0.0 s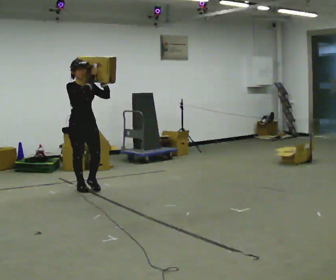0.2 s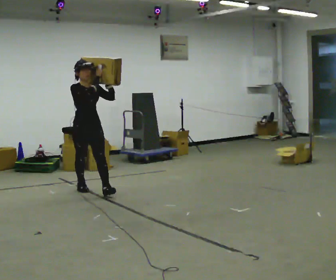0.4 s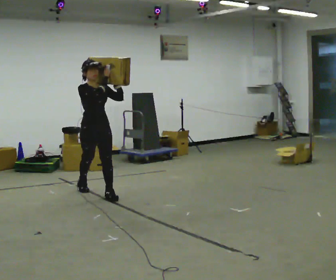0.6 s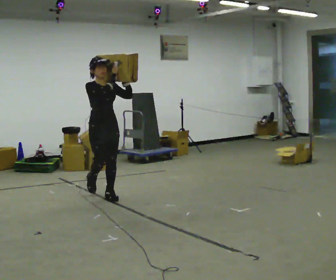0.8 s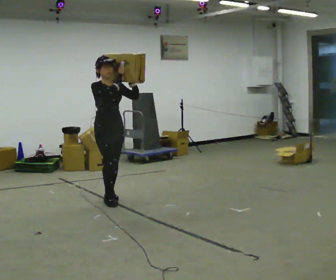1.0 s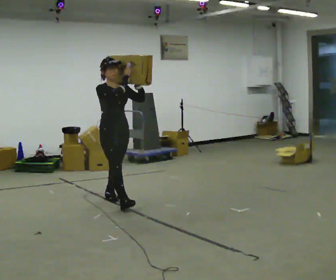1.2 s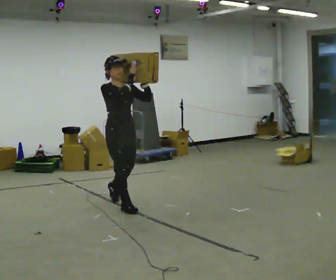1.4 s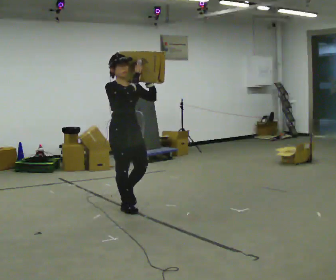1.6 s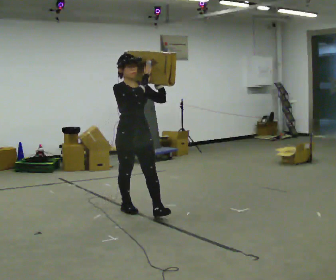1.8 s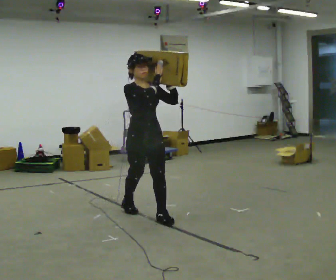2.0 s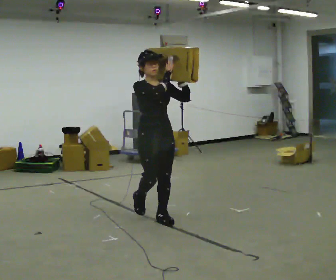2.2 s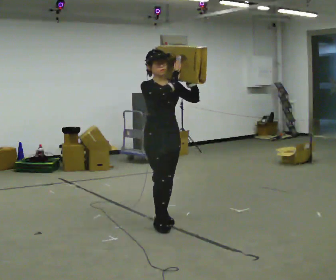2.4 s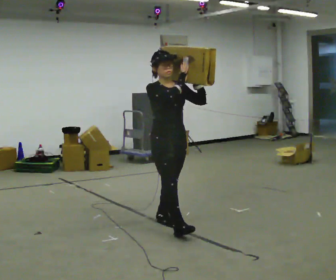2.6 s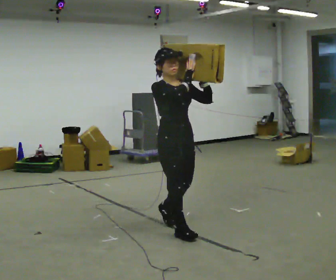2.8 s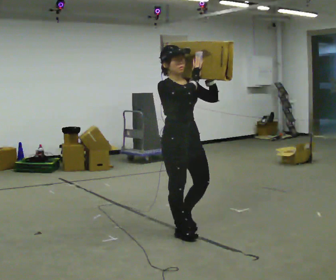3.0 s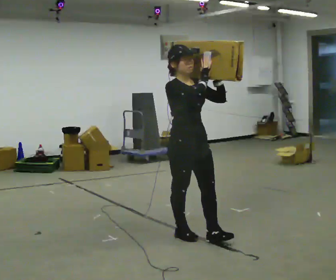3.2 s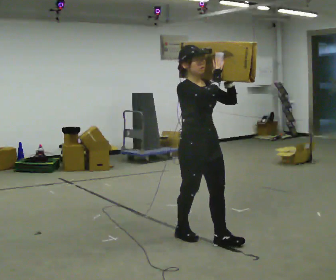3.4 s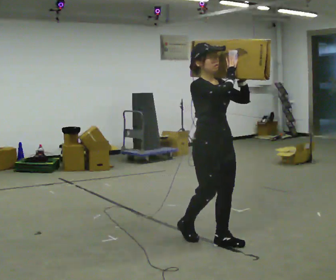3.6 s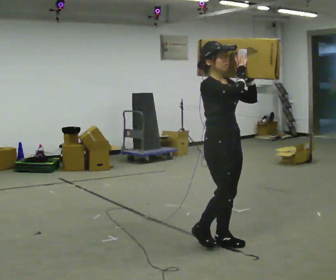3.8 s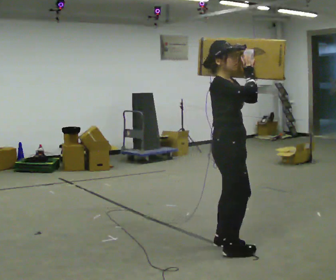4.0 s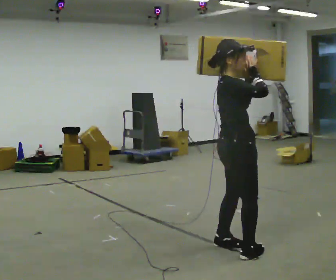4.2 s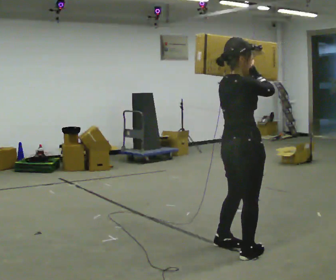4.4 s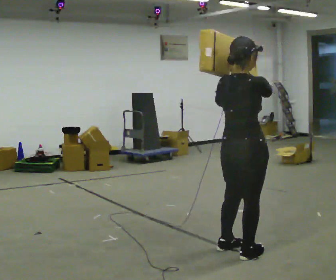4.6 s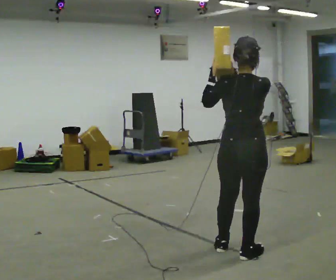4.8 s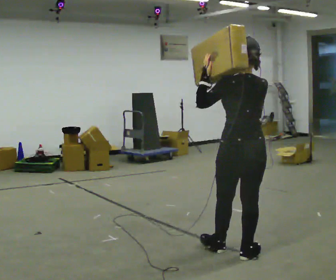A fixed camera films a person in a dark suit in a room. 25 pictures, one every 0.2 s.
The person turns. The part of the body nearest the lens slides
to the right.
The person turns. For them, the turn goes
to their left.
0.0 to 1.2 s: In the picture they go toward the camera and to the right, about 1 m in 2 steps, which for them is forward.
1.2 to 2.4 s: In the picture they go toward the camera and to the right, about 1 m in 1 step, which for them is forward.
2.4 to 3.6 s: In the picture they go toward the camera and to the right, about 0.75 m in 2 steps, which for them is forward.
3.6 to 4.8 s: Seen from above the body turns counterclockwise, about 150 degrees: to their left, with its near side sliding to the right. In the picture they go toward the camera, about 0.25 m in 2 steps.
The film runs forward here.
